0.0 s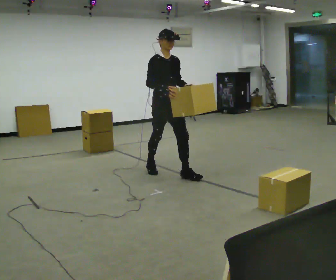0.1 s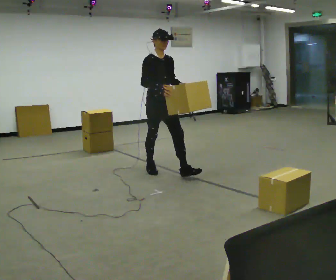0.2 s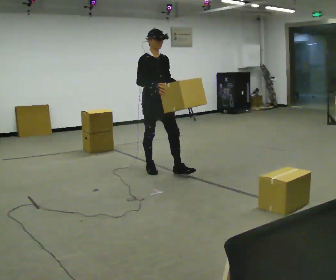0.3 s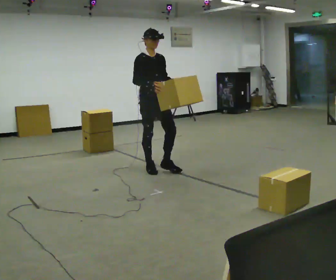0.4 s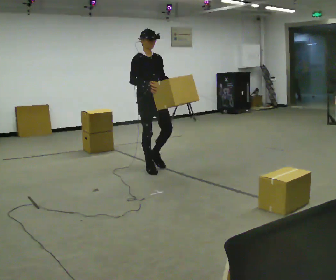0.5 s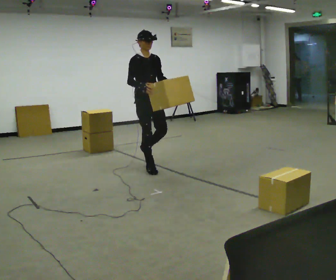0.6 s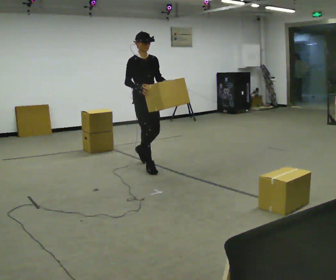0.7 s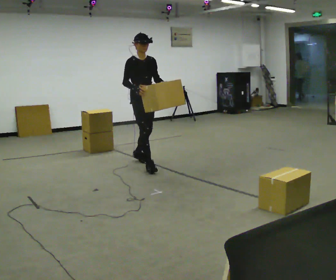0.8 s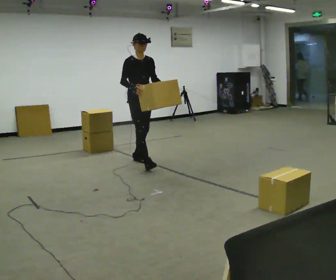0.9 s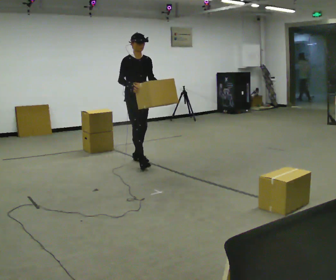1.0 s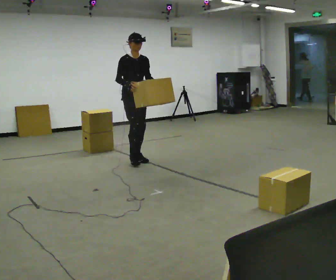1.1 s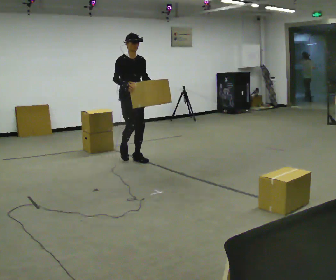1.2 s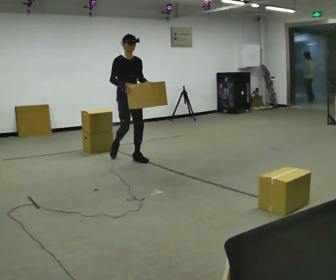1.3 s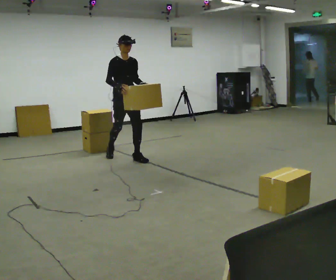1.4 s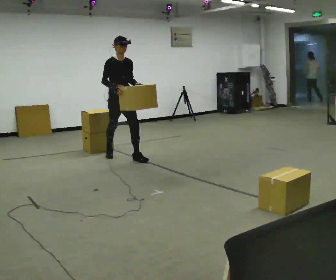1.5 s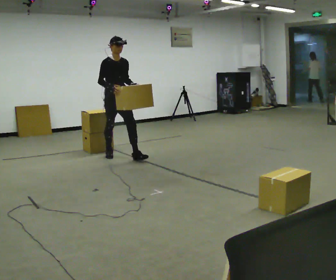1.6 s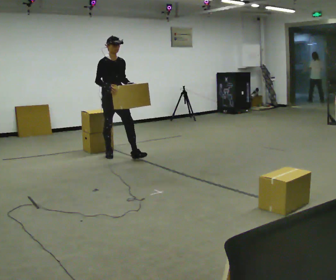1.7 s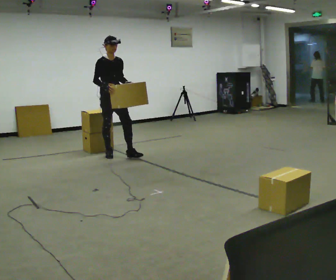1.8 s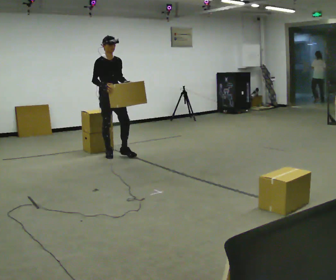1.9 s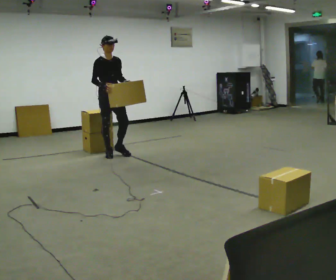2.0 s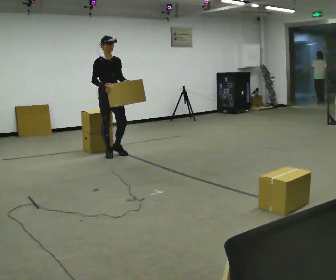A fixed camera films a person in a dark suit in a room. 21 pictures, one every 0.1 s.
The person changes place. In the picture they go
away from the camera.
0.0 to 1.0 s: In the picture they go away from the camera and to the left, about 1 m in 2 steps, which for them is backward.
1.0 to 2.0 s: In the picture they go away from the camera and to the left, about 0.5 m in 1 step, which for them is backward.
The film runs backward here.
